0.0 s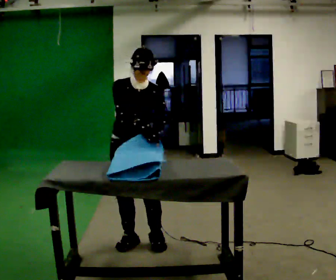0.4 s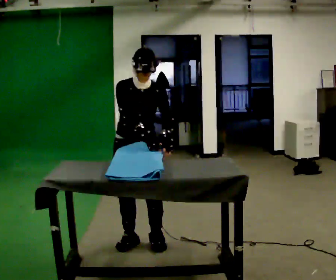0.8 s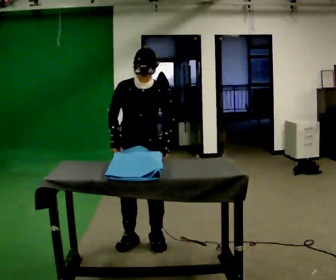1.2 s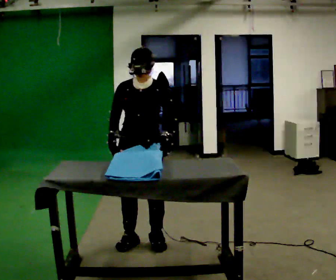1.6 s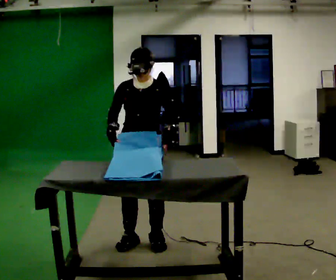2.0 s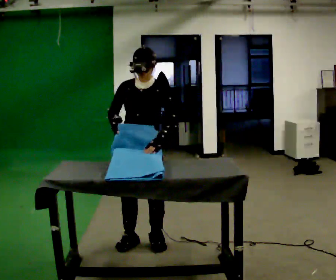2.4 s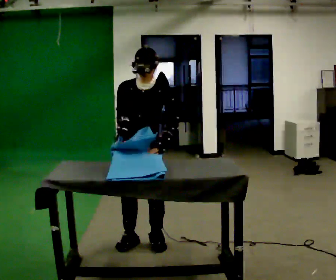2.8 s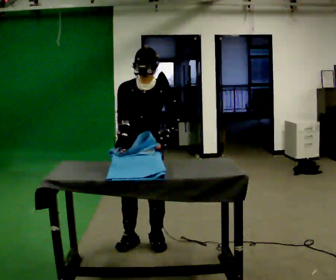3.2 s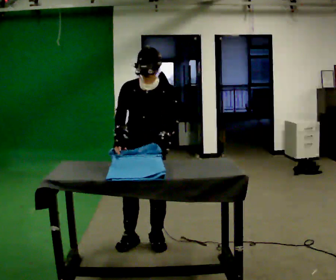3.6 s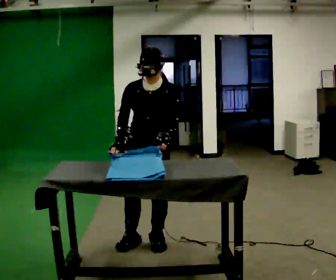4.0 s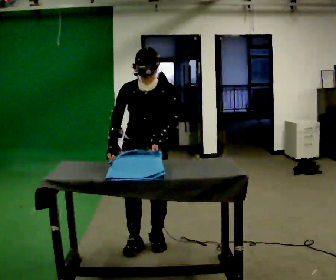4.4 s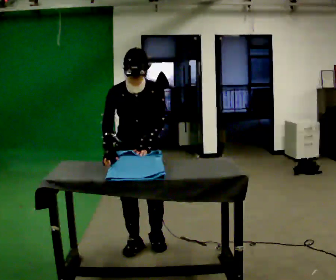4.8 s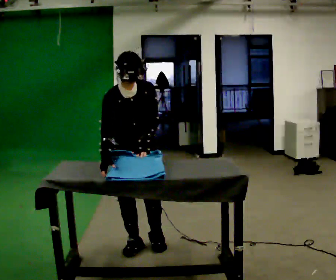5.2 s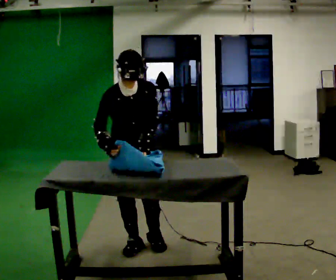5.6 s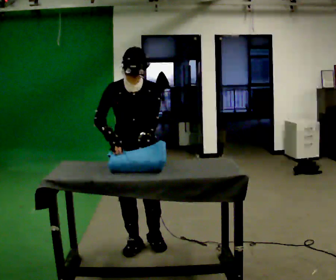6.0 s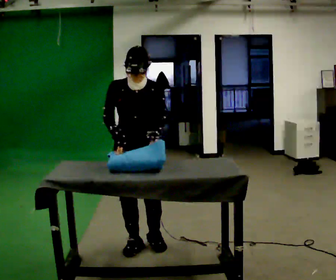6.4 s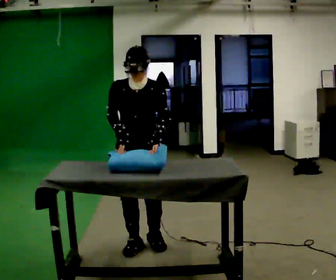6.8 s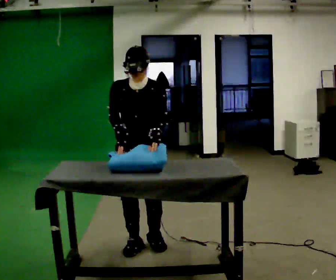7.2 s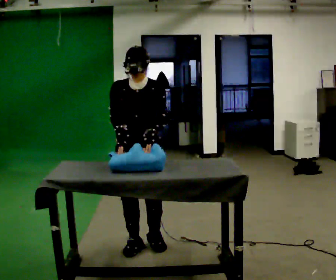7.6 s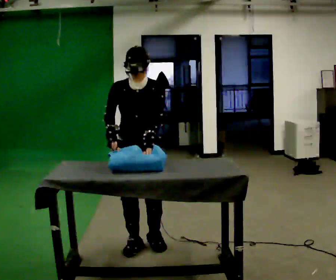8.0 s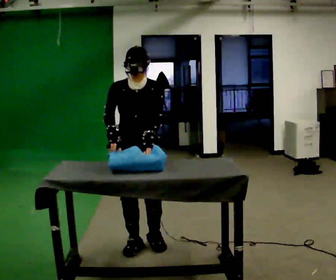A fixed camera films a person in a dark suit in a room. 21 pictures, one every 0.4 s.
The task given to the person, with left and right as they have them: Wrap the cloth around the object and tuck it in, then unwrap it. Repeat at your own pace until the operator says stop. Keep both feet on the marked spots for the whole take. If you have to step, stop and tell the operator.
0.0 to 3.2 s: The person moves a little, or ends about where they began.
3.2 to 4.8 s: The upper body tips toward the camera, its near side rolling downward, as they bend forward.
4.8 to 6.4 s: The upper body tips away from the camera, its near side rolling upward, as they lean back or straighten.
6.4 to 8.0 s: The person moves a little, or ends about where they began.
The film runs forward here.
